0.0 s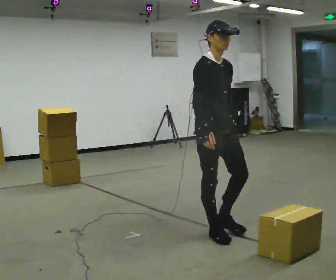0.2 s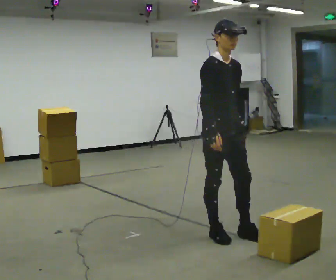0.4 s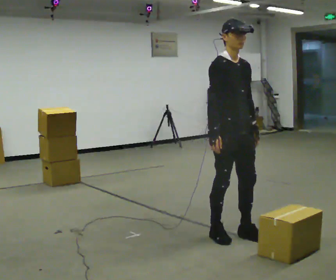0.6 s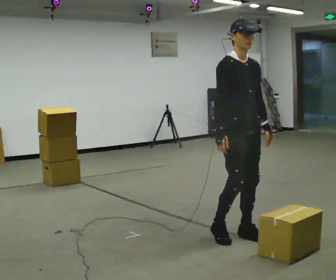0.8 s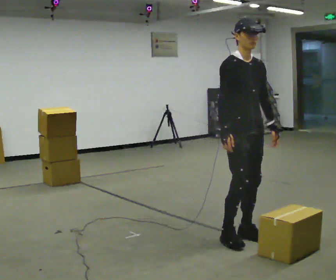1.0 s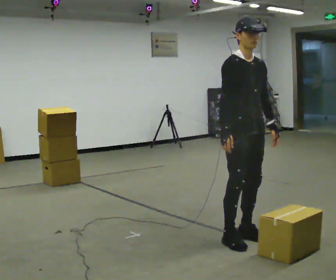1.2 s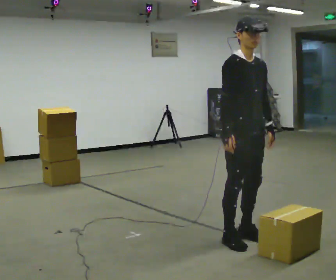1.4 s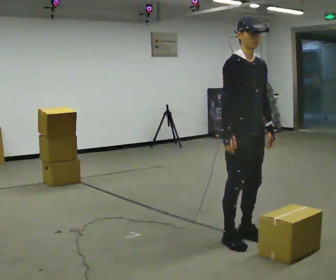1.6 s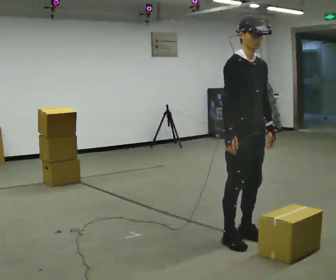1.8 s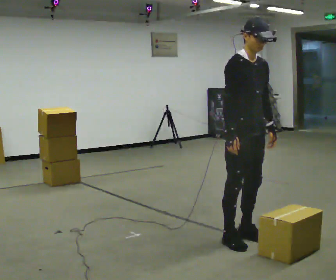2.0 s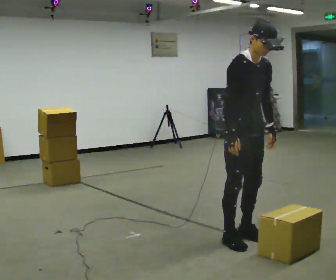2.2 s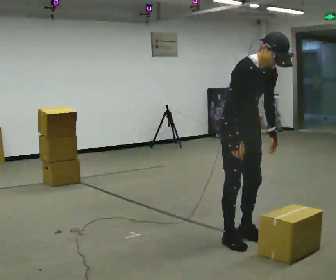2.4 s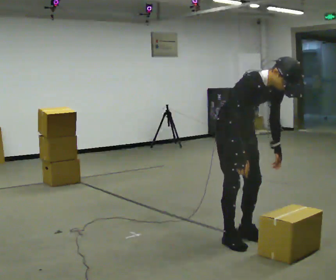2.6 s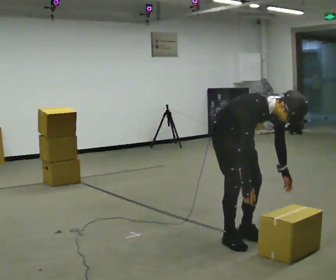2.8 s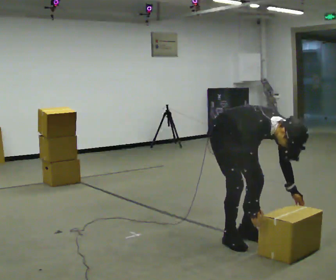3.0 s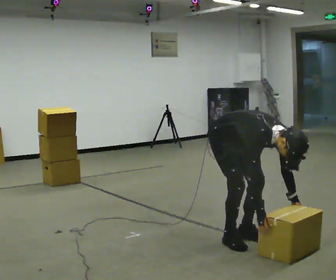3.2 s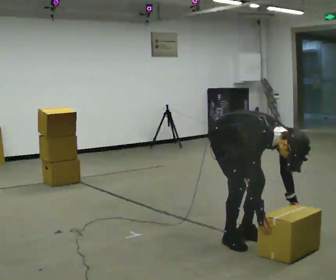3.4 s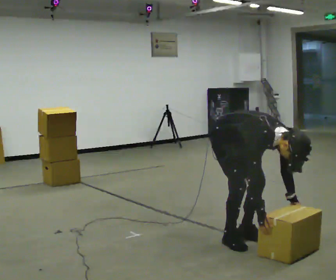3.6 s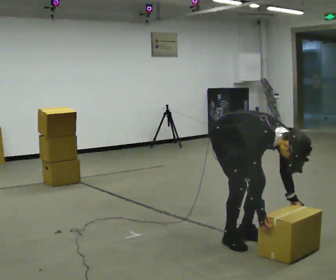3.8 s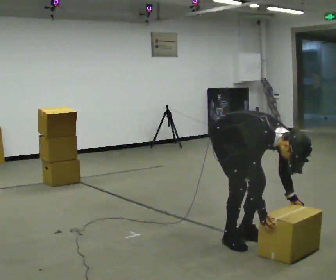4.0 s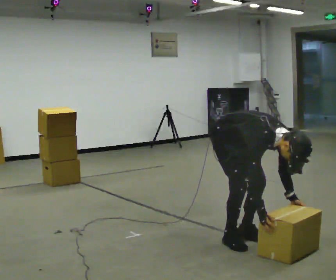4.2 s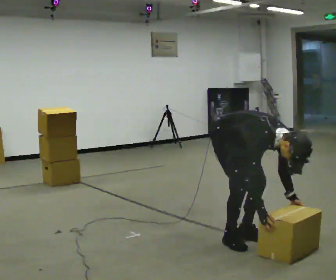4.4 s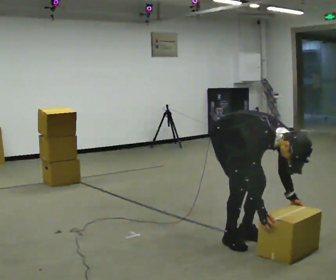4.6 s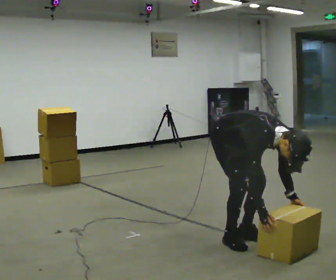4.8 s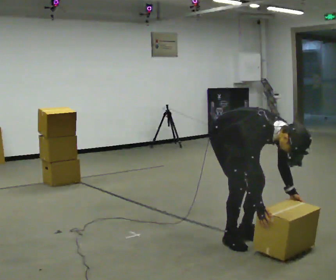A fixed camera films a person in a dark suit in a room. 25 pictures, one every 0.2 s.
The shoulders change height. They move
downward.
Their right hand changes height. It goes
downward.
0.0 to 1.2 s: In the picture they go to the right, about 0.25 m in 2 steps, which for them is forward.
1.2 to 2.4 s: The shoulders move downward. The upper body tips toward the camera, its near side rolling downward, as they bend forward.
2.4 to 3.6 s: The upper body goes downward. In the picture the upper body tilts clockwise, shoulders to the right, as they bend forward. In the picture their right hand goes downward.
3.6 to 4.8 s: The person moves a little, or ends about where they began.
The film runs forward here.
